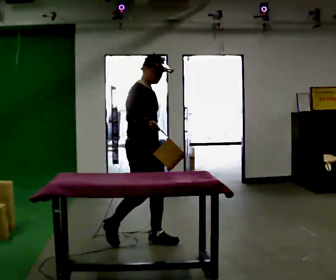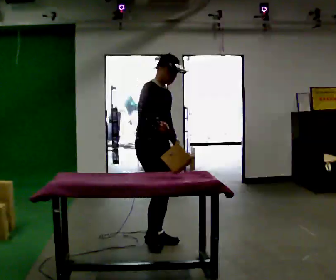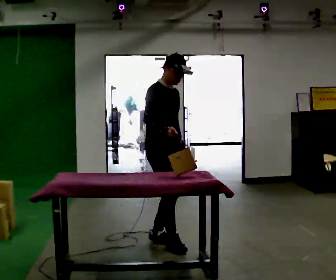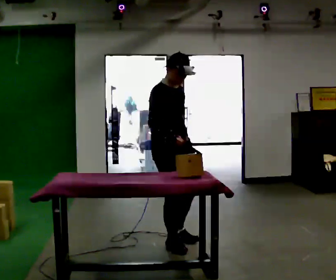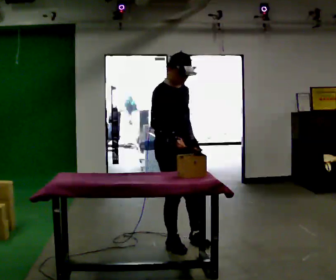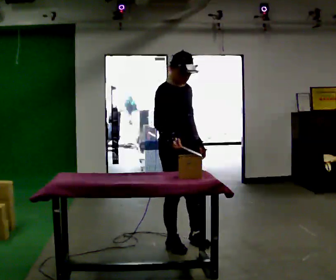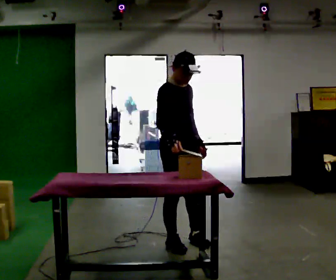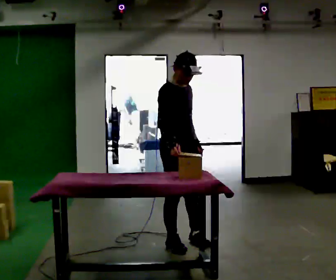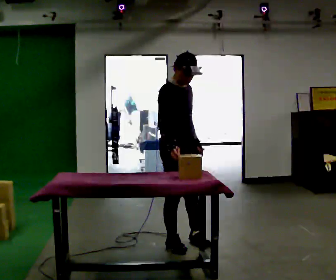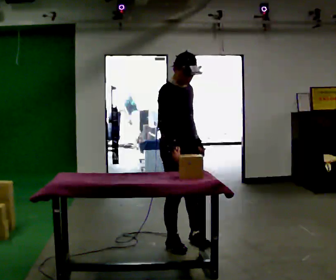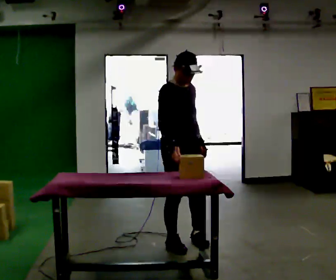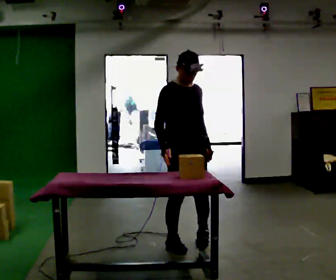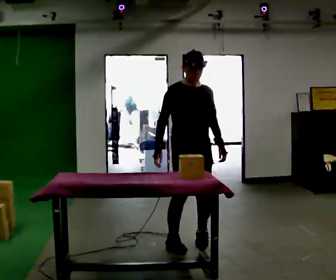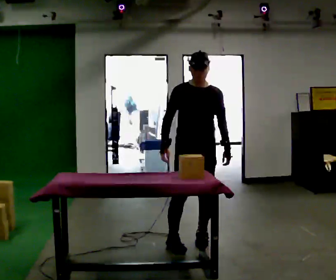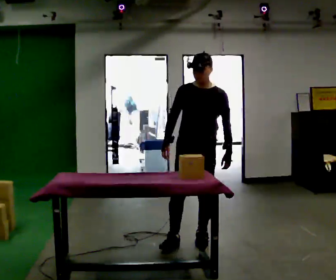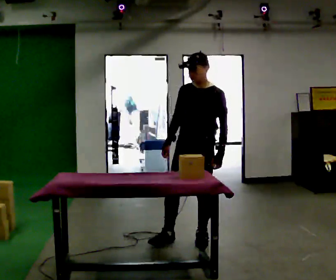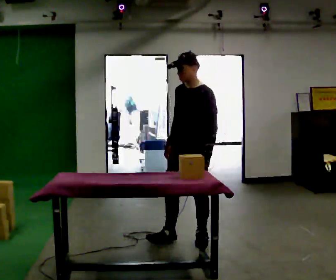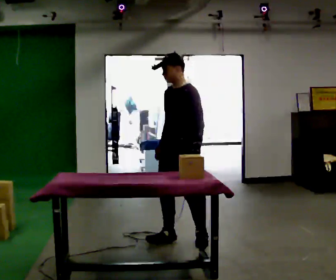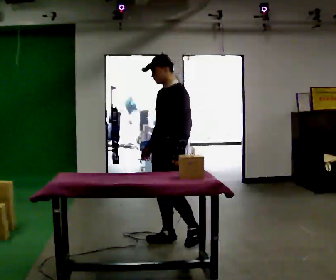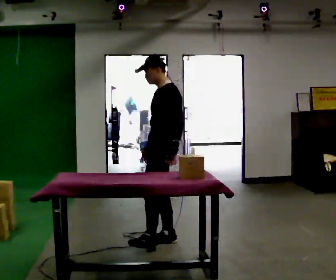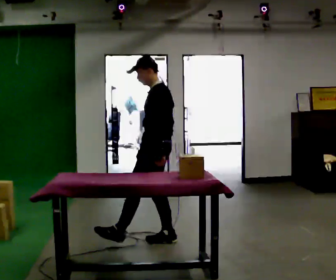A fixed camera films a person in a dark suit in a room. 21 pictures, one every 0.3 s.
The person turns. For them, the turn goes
to their right.
The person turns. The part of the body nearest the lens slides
to the left.
0.0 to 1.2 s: In the picture they go to the right, about 0.25 m in 2 steps, which for them is forward.
1.2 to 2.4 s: The person moves a little, or ends about where they began.
2.4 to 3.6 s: The part of the body nearest the lens slides to the left as the person turns to their right by about 30 degrees.
3.6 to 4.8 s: Seen from above the body turns clockwise, about 75 degrees: to their right, with its near side sliding to the left.
4.8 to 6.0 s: Seen from above the body turns clockwise, about 45 degrees: to their right, with its near side sliding to the left. In the picture they go to the left, about 0.25 m, which for them is forward and to their right.
The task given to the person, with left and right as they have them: Pick the object up off the floor using only the hand the operator calls, then carry it to the table in that same hand. Keep going until the operator says stop; one object at a time, and do not rush between trips.
The film runs forward here.
